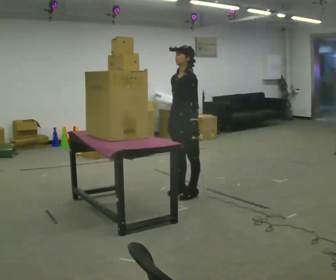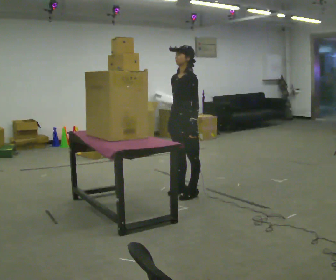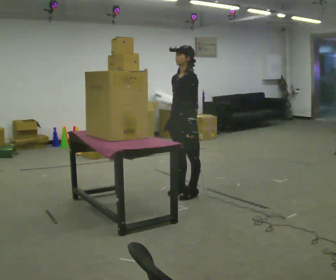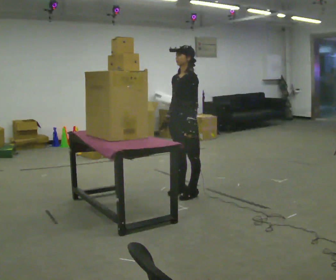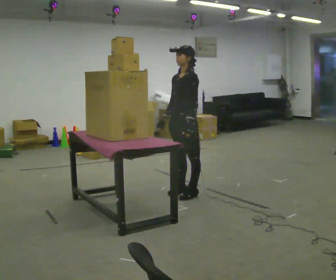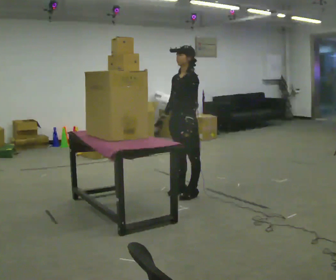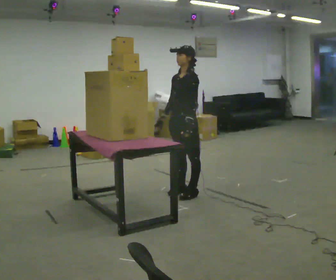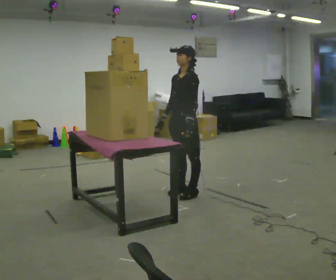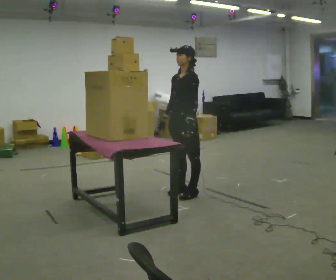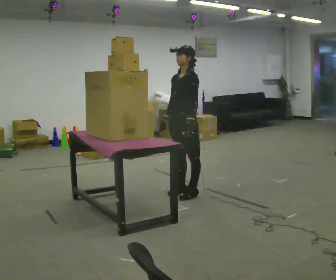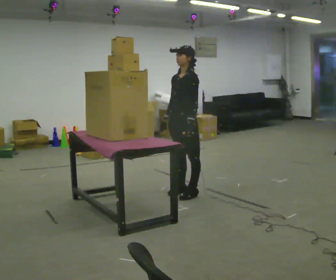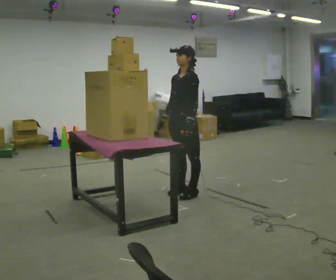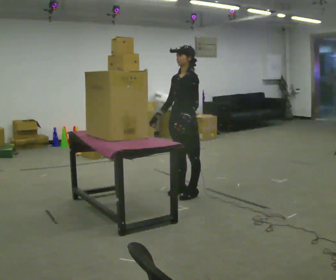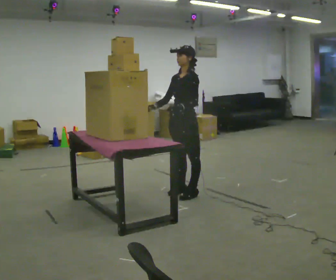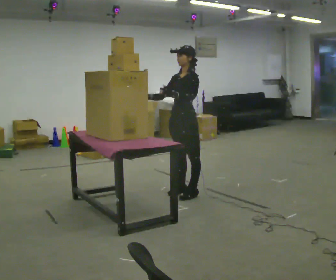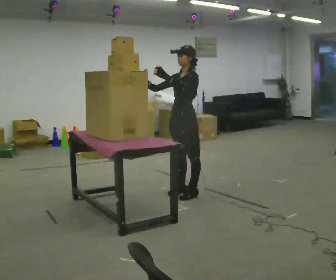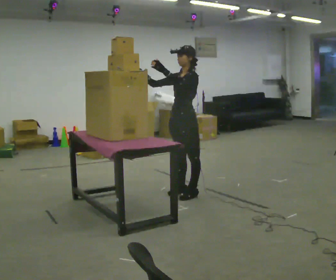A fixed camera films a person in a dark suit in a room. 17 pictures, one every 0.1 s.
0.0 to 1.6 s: In the picture their left hand goes upward and to the left.
The film runs forward here.
